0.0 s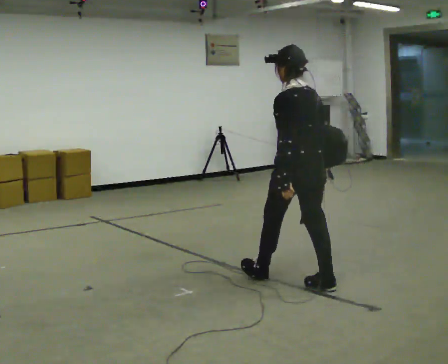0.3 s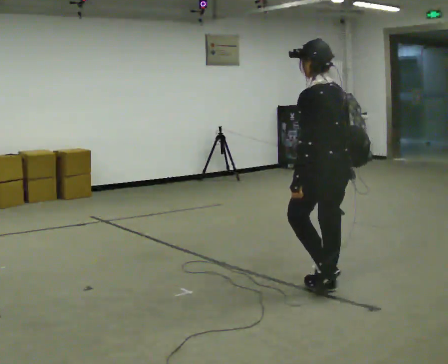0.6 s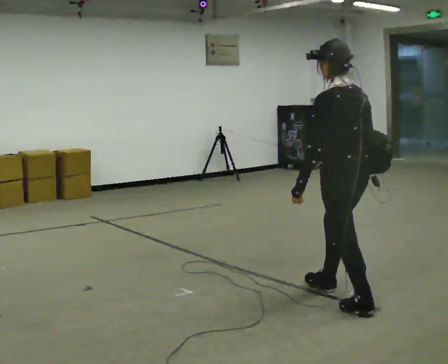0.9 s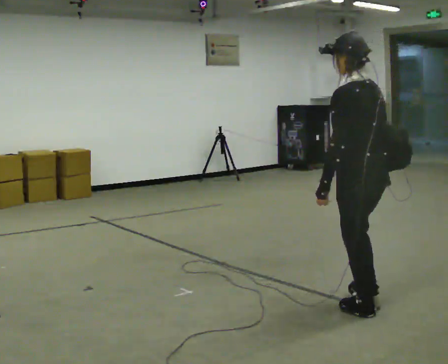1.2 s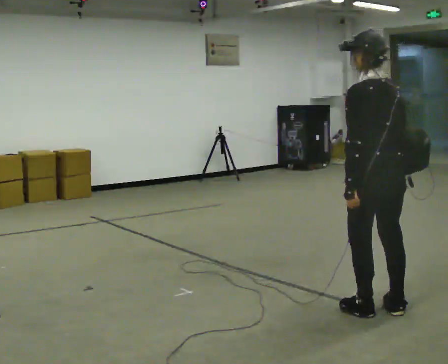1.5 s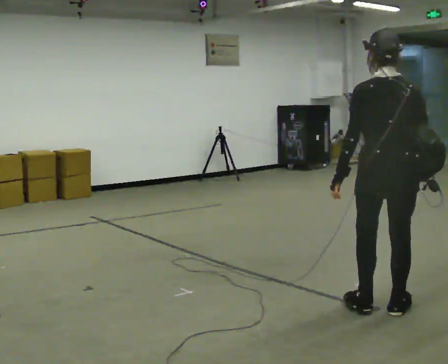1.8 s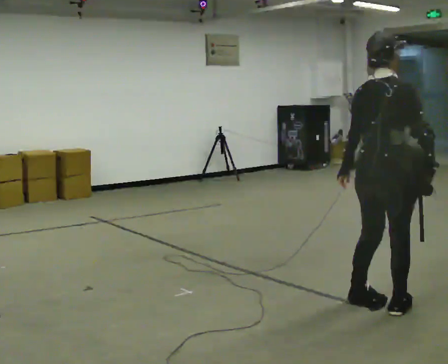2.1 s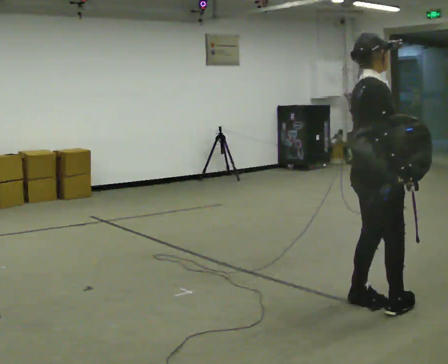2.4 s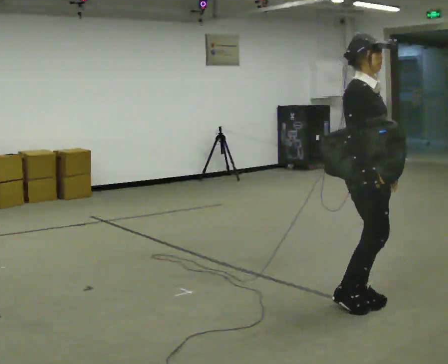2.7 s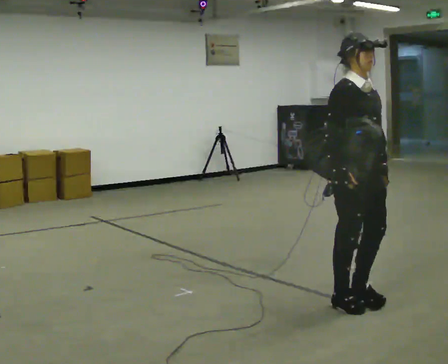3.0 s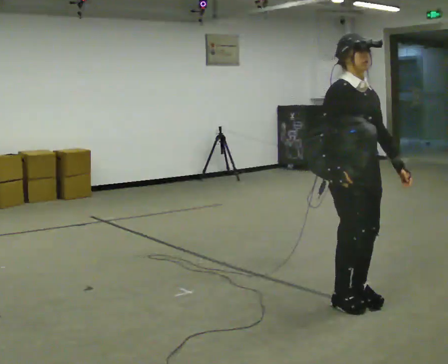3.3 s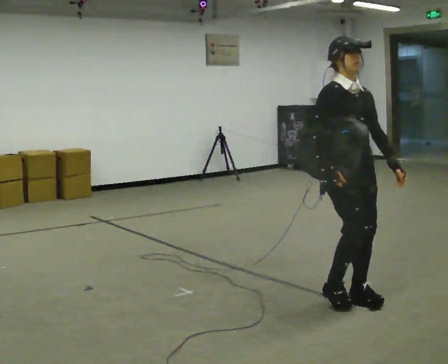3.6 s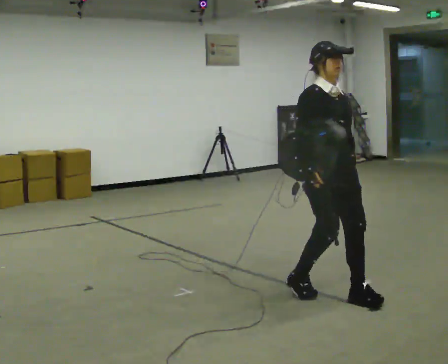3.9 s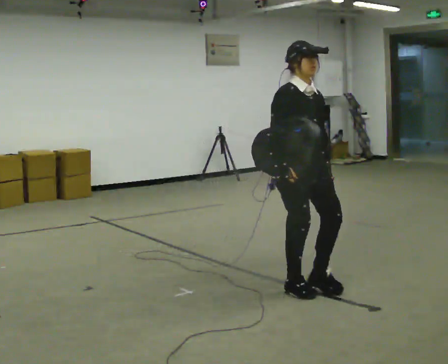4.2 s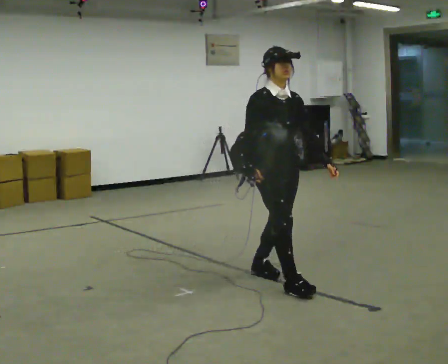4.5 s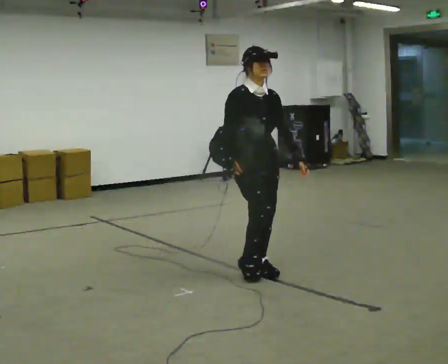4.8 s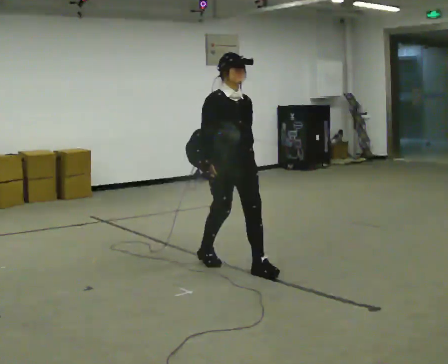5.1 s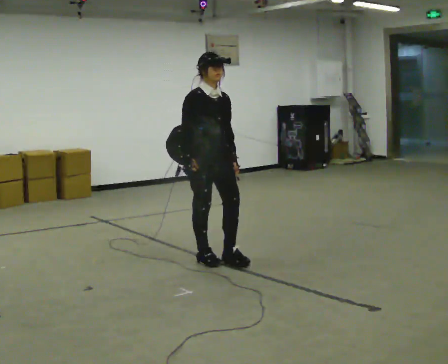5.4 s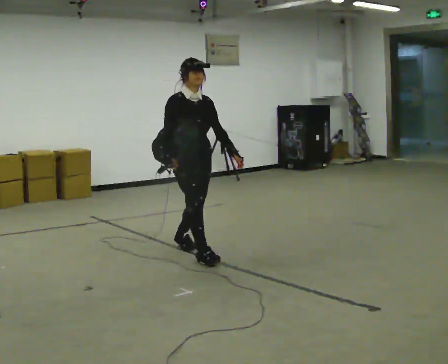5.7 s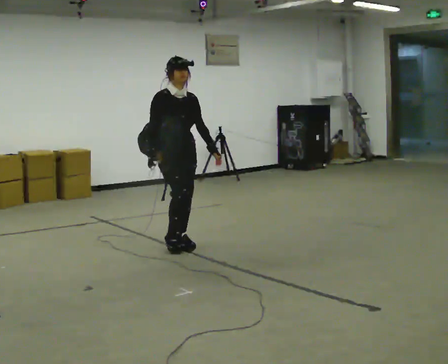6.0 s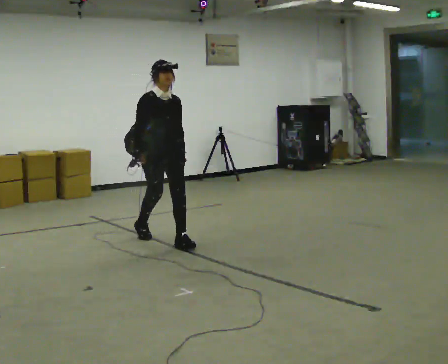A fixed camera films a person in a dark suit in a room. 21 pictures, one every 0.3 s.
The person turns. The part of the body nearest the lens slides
to the left.
The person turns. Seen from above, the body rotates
clockwise.
0.0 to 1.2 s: In the picture they go toward the camera and to the right, about 0.5 m in 2 steps, which for them is backward.
1.2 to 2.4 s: The part of the body nearest the lens slides to the left as the person turns to their right by about 150 degrees. In the picture they go away from the camera, about 0.25 m in 2 steps.
2.4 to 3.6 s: The person turns about 30 degrees to their right, clockwise seen from above, so the part of the body nearest the lens slides to the left. In the picture they go to the left, about 0.25 m in 1 step, which for them is backward. In the picture their right hand goes to the left.
3.6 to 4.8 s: In the picture they go to the left and away from the camera, about 1 m in 2 steps, which for them is backward.
4.8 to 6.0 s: In the picture they go to the left and away from the camera, about 1 m in 2 steps, which for them is backward.
The film runs backward here.
